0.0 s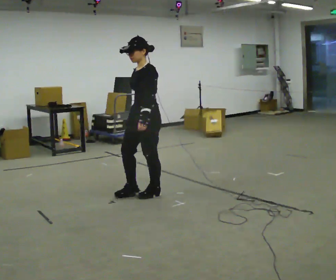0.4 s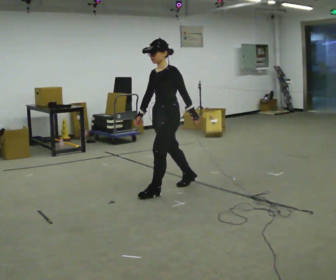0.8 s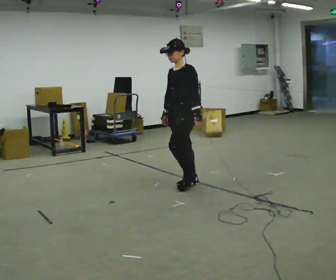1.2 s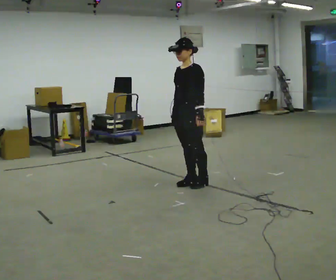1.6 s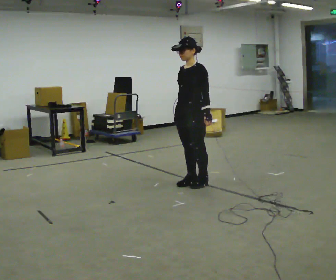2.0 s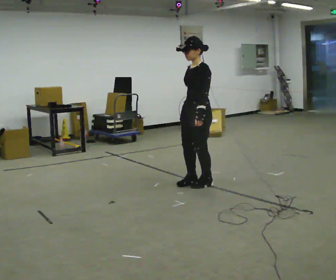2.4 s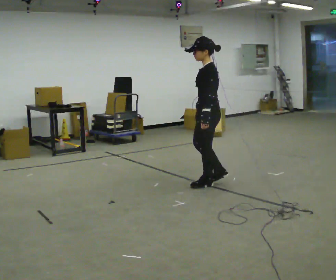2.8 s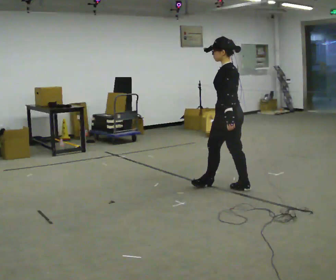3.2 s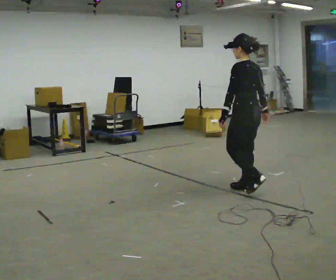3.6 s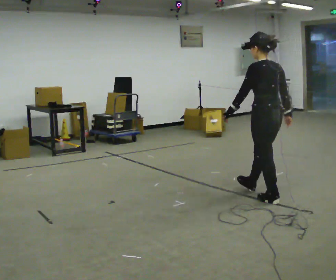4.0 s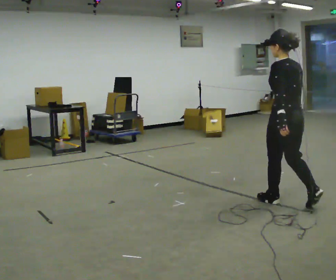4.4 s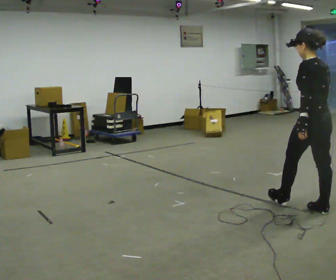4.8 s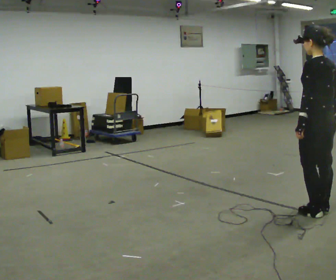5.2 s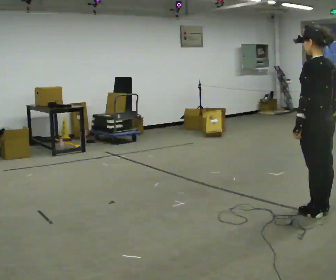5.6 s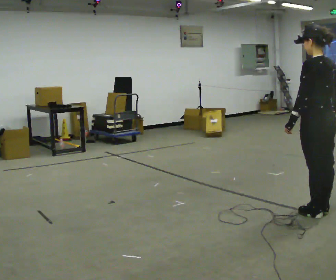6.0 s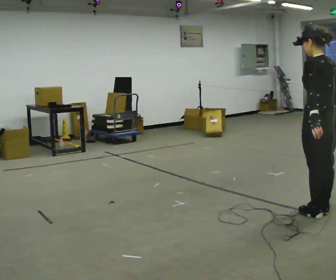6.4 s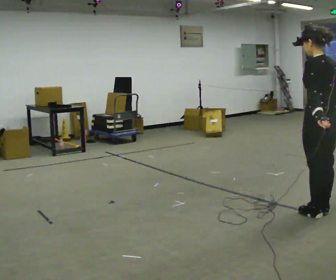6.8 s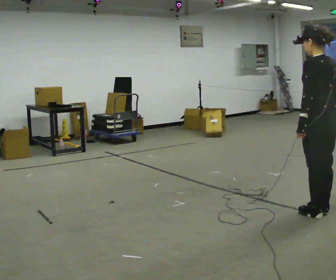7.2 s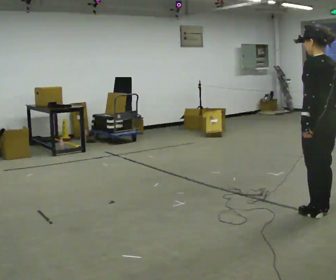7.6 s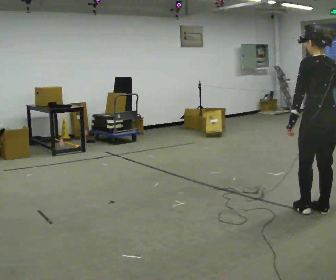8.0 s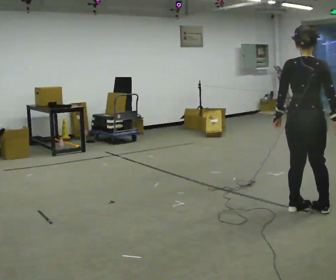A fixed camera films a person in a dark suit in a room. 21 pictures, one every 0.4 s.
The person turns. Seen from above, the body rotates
clockwise.
The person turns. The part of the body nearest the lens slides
to the left.
0.0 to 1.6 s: In the picture they go away from the camera and to the right, about 0.5 m in 1 step, which for them is backward.
1.6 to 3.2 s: The part of the body nearest the lens slides to the left as the person turns to their right by about 75 degrees. In the picture they go to the right, about 0.5 m in 2 steps.
3.2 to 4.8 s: In the picture they go to the right and toward the camera, about 1 m in 2 steps, which for them is backward.
4.8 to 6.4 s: The person moves a little, or ends about where they began.
6.4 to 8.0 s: The part of the body nearest the lens slides to the left as the person turns to their right by about 45 degrees. In the picture their left hand goes to the left.
The film runs backward here.
